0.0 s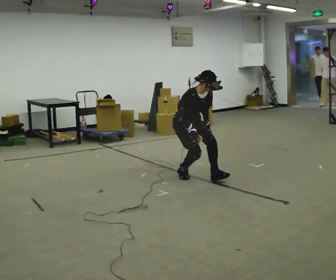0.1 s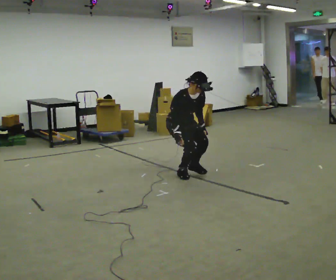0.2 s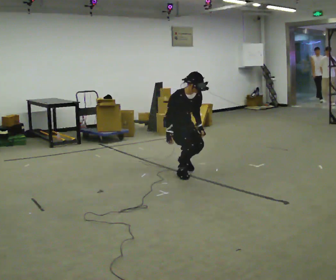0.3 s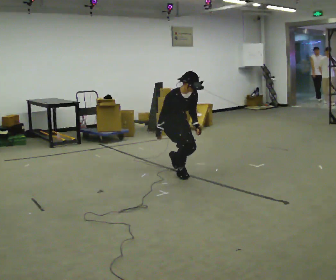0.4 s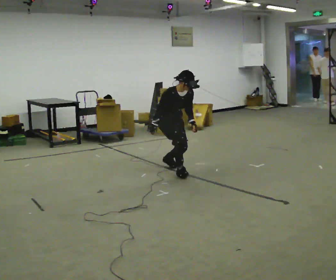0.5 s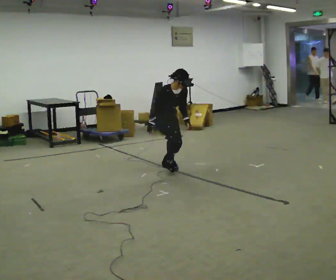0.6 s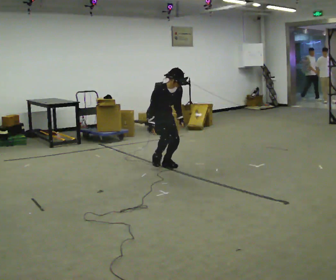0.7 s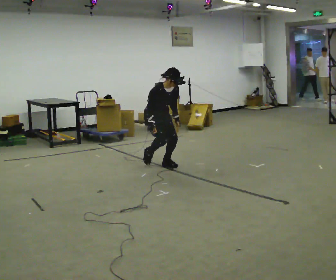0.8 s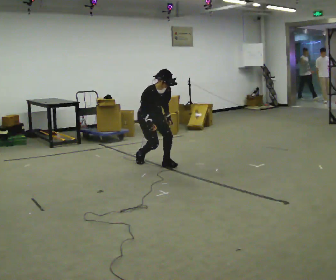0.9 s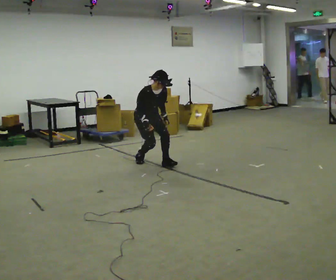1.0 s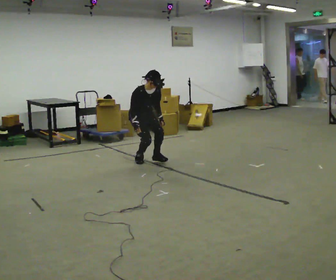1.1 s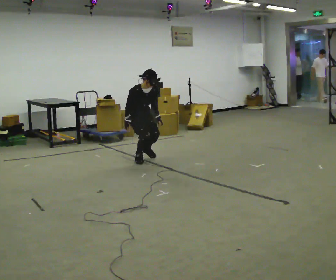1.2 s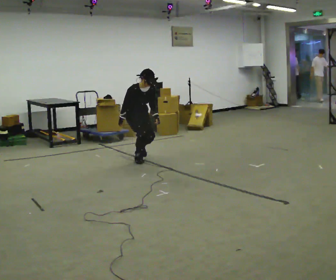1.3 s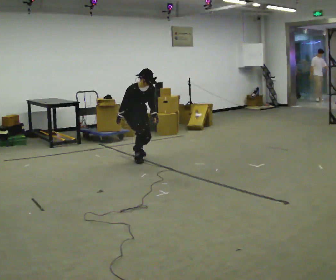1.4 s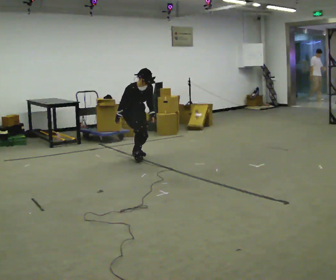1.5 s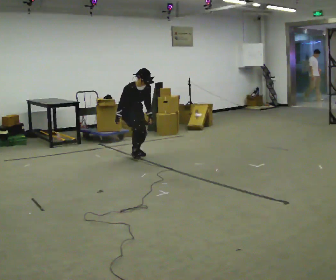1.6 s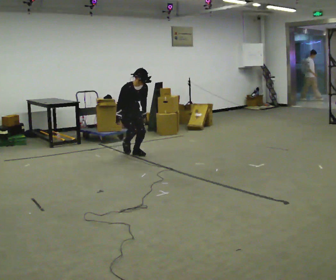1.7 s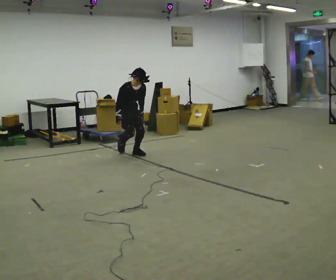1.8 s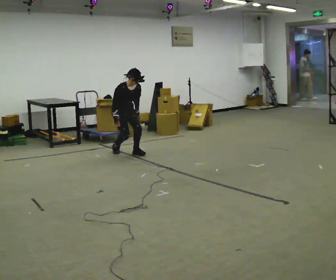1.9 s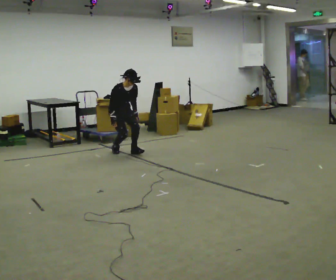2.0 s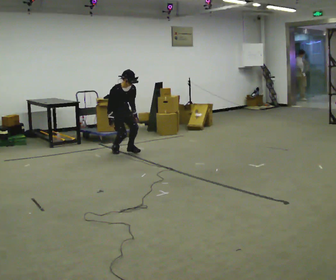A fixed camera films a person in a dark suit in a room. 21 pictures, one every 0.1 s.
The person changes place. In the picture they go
away from the camera.
0.0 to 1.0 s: In the picture they go away from the camera and to the left, about 1 m in 2 steps, which for them is backward.
1.0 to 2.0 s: In the picture they go away from the camera and to the left, about 0.75 m in 2 steps, which for them is backward.
The film runs backward here.
